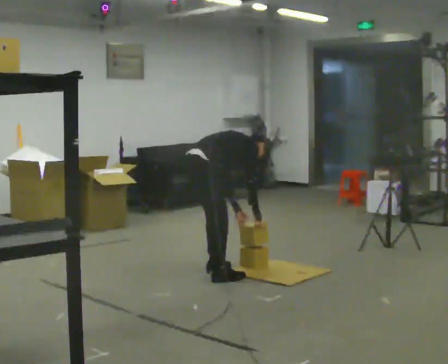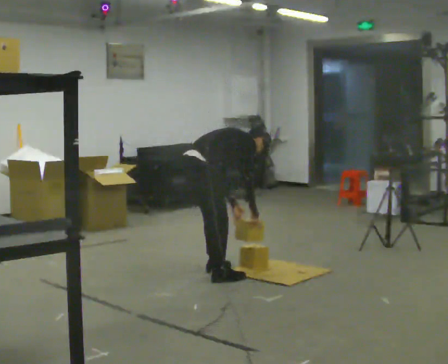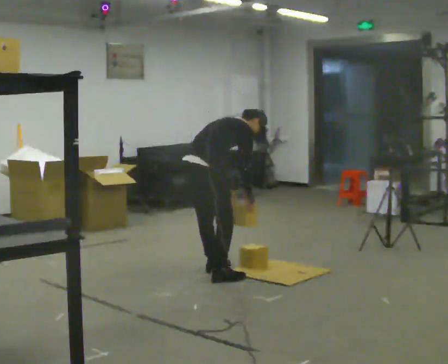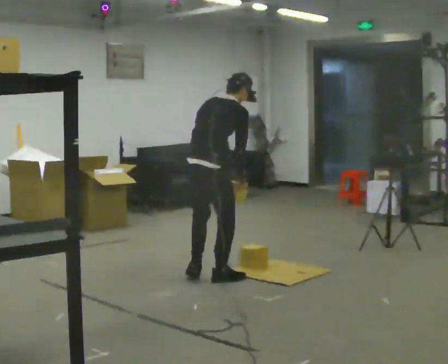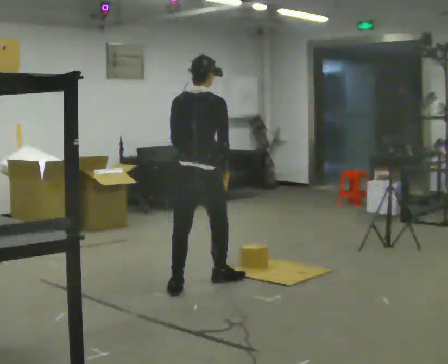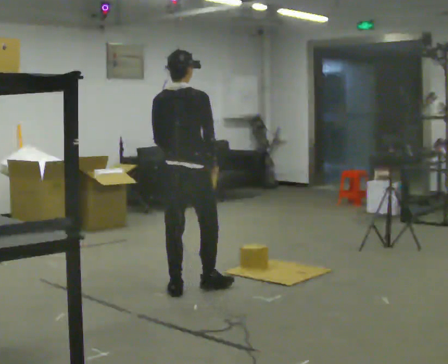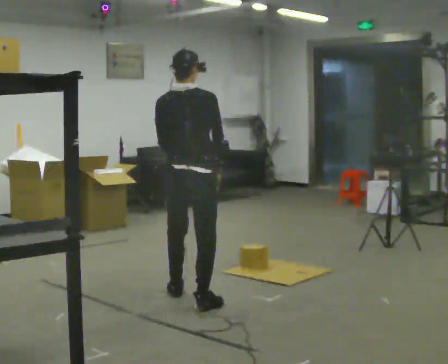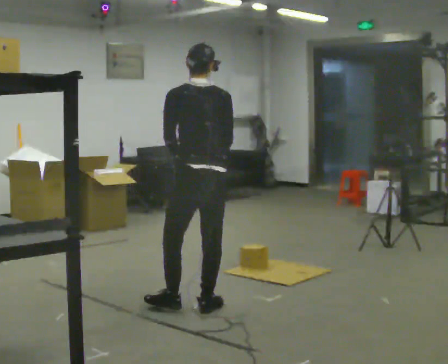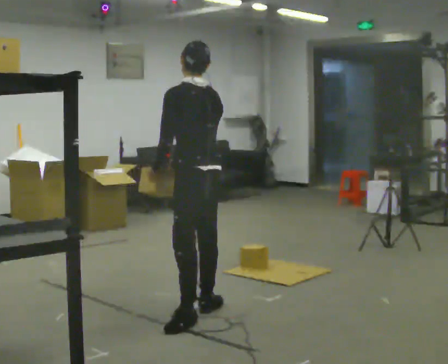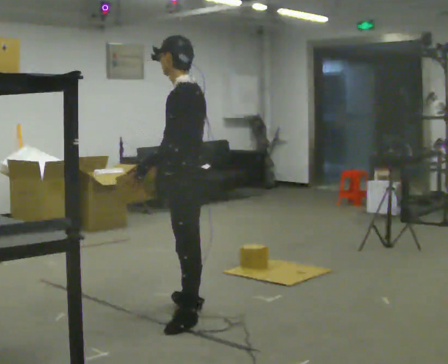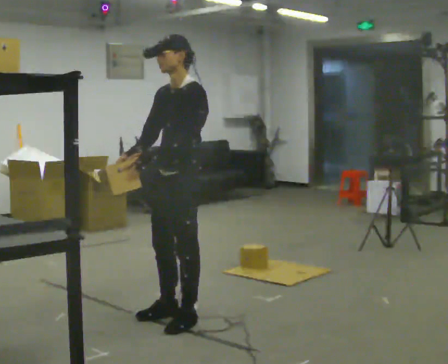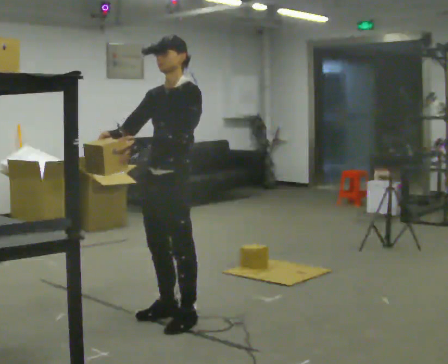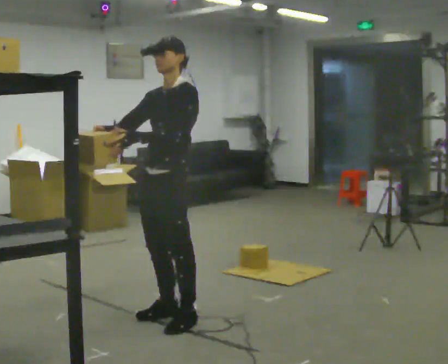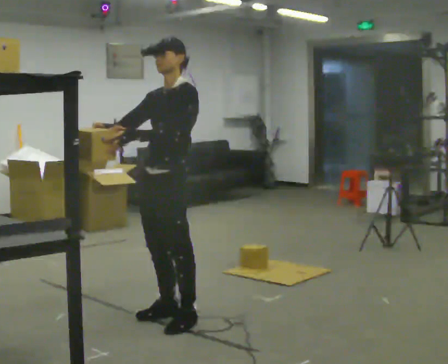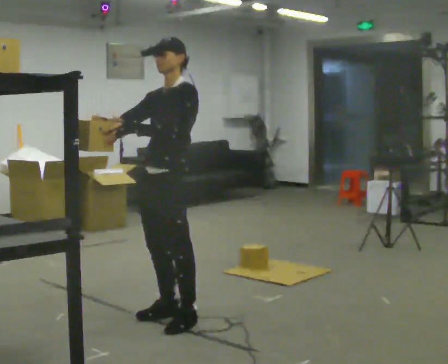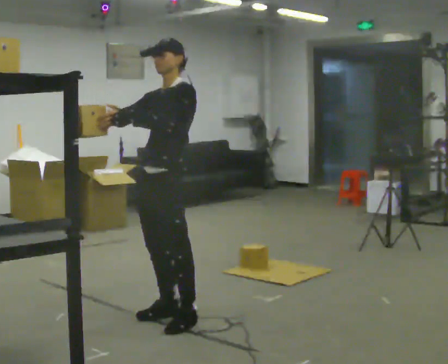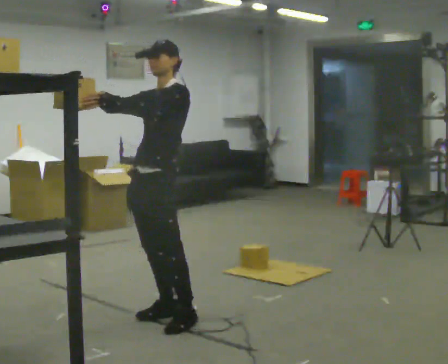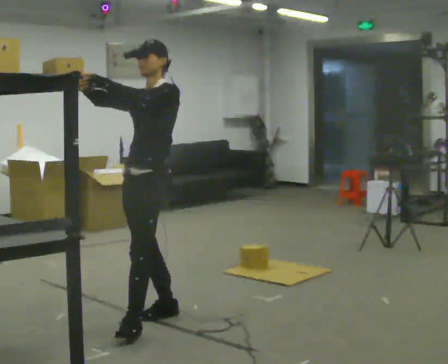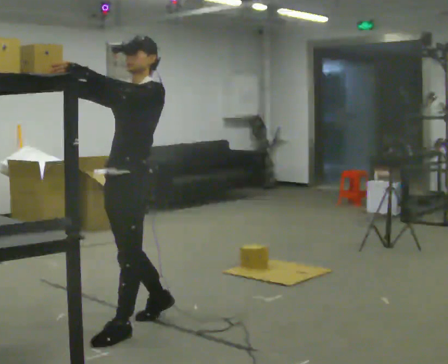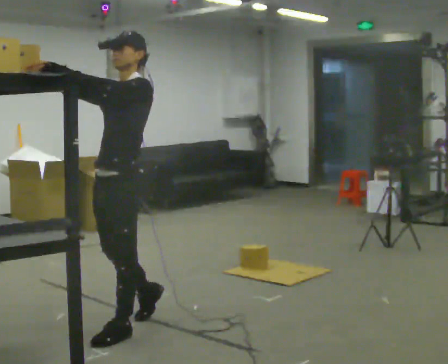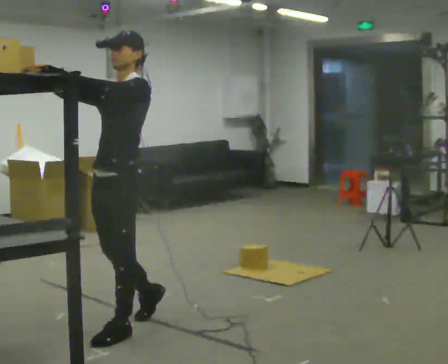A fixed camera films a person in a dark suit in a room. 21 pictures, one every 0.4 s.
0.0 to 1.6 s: The part of the body nearest the lens slides to the right as the person turns to their left by about 30 degrees. In the picture they go toward the camera, about 0.5 m in 1 step, which for them is backward and to their right. The shoulders move upward. In the picture the upper body tilts counterclockwise, shoulders to the left, as they lean back or straighten. In the picture their right hand goes upward.
1.6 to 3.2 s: The part of the body nearest the lens slides to the right as the person turns to their left by about 75 degrees. In the picture they go toward the camera, about 0.5 m in 2 steps.
3.2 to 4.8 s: The person turns about 75 degrees to their left, counterclockwise seen from above, so the part of the body nearest the lens slides to the right. In the picture they go to the left, about 0.25 m in 1 step. In the picture their right hand goes to the left, the arm swinging clockwise.
4.8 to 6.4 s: The person moves a little, or ends about where they began.
6.4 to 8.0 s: In the picture they go toward the camera and to the left, about 0.5 m in 1 step, which for them is forward and to their left.
The film runs backward here.
